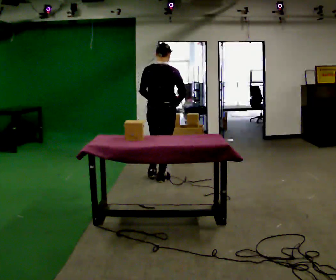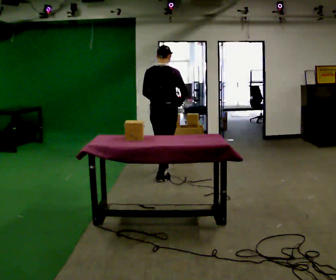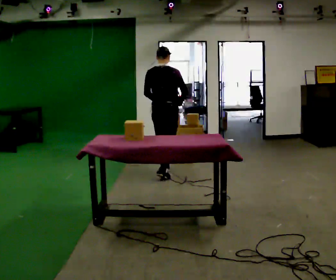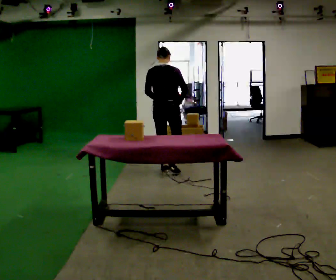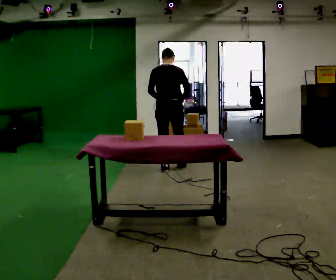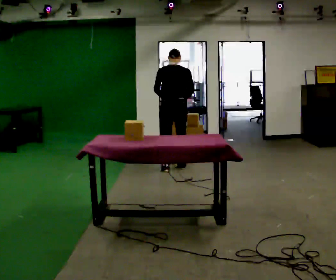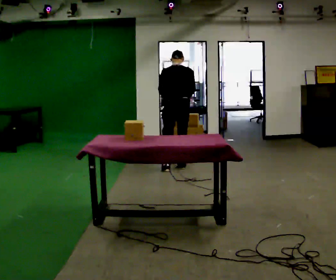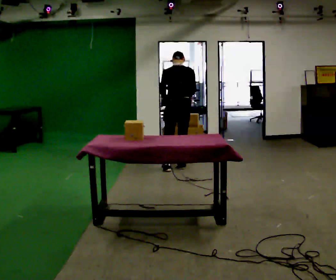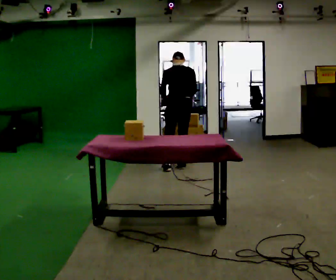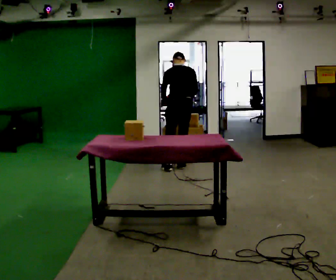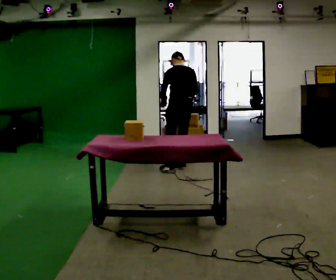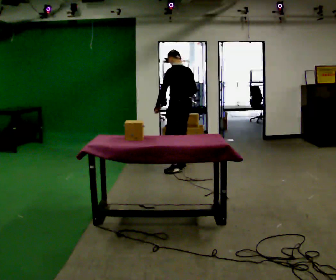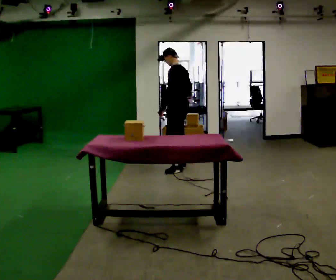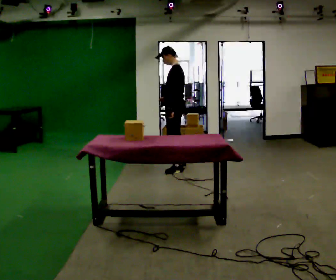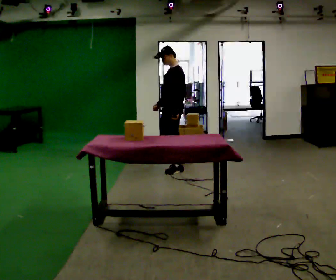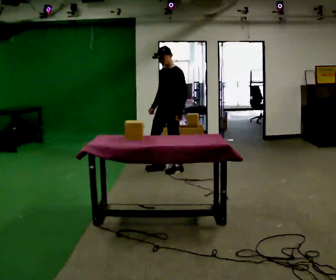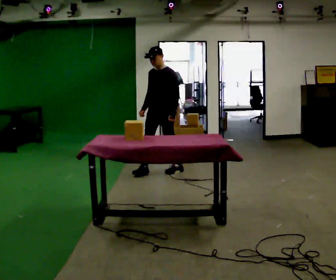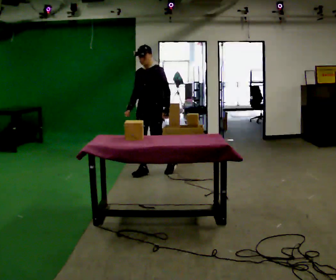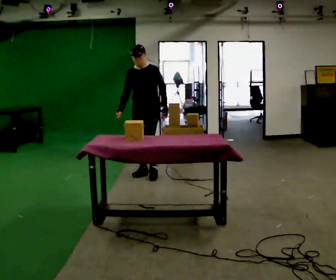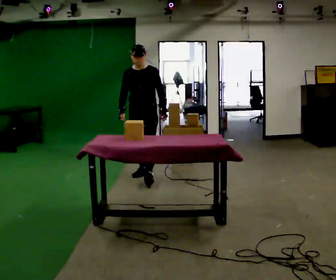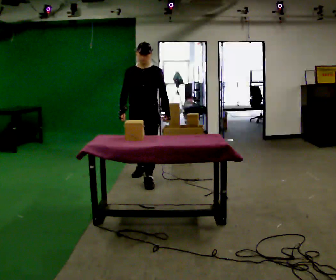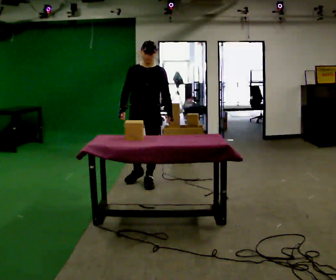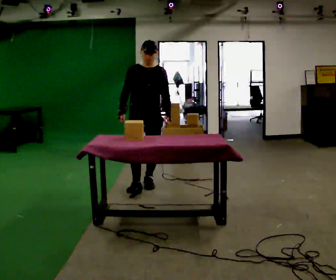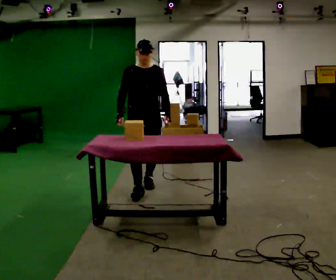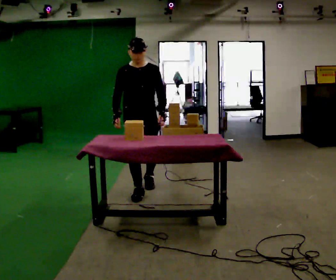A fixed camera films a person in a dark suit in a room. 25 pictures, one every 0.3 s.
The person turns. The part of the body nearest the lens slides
to the right.
The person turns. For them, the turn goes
to their left.
0.0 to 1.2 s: In the picture they go away from the camera, about 0.5 m in 1 step, which for them is forward.
1.2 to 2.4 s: In the picture they go away from the camera and to the right, about 0.25 m in 1 step, which for them is to their right and forward.
2.4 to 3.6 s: The person turns about 60 degrees to their left, counterclockwise seen from above, so the part of the body nearest the lens slides to the right.
3.6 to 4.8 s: Seen from above the body turns counterclockwise, about 75 degrees: to their left, with its near side sliding to the right. In the picture they go toward the camera and to the left, about 0.25 m in 1 step.
4.8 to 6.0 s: The part of the body nearest the lens slides to the right as the person turns to their left by about 30 degrees. In the picture they go toward the camera and to the left, about 0.5 m in 1 step, which for them is forward.
6.0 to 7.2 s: In the picture they go toward the camera, about 0.5 m in 1 step, which for them is forward.
The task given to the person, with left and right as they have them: Clear everything off the table and put it away on the shelf, in as many trips as you need. Keep going until the operator says stop; one object at a time, and do not rush between trips.
The film runs forward here.
